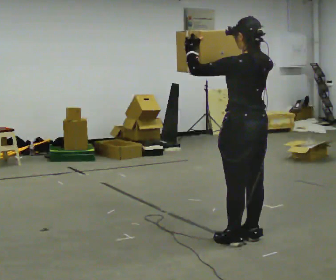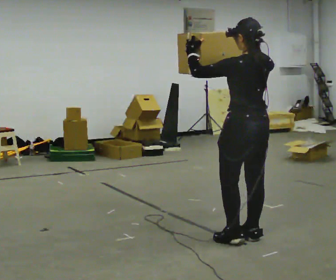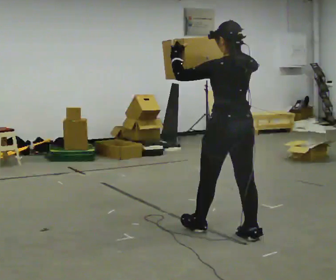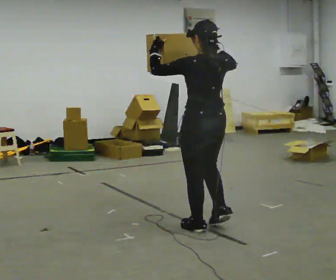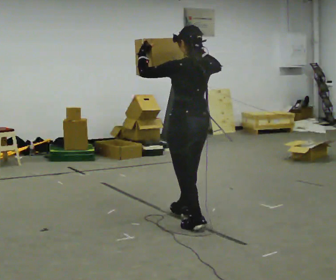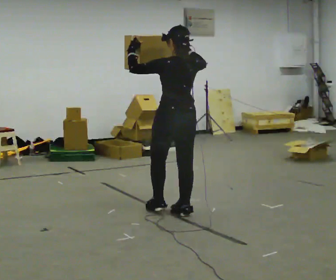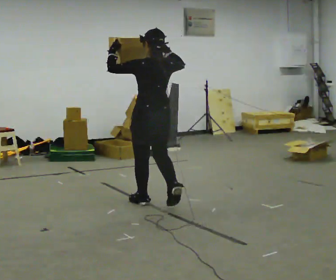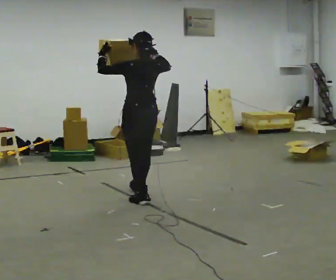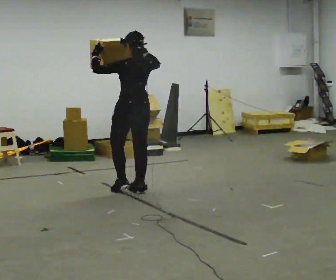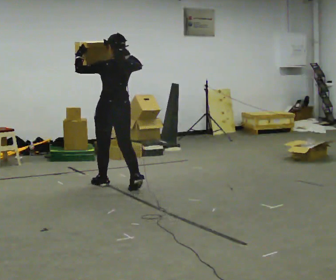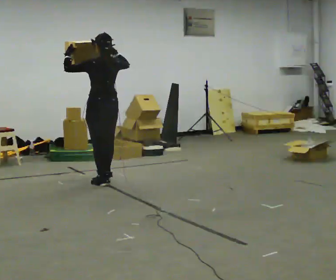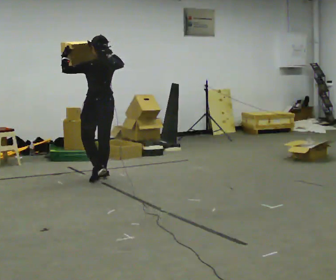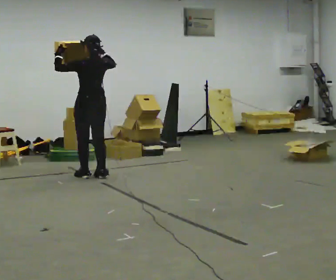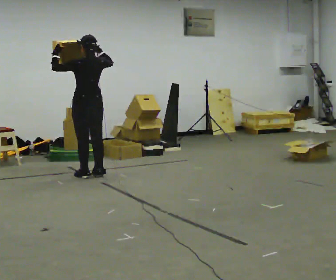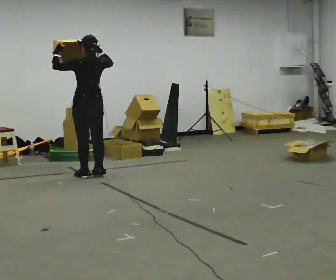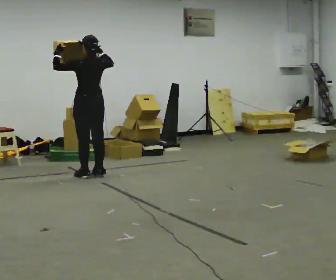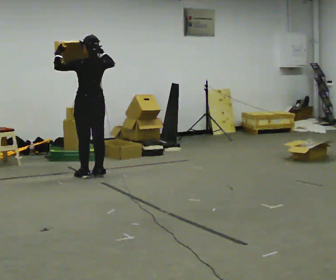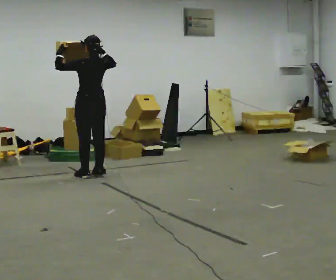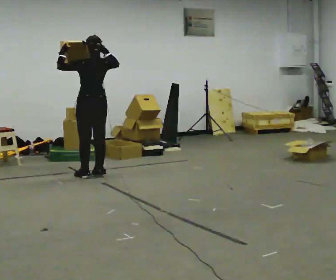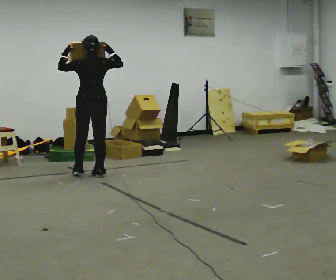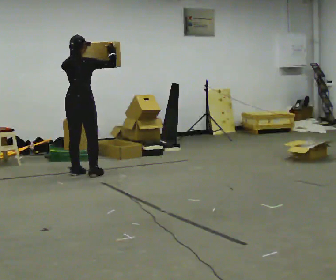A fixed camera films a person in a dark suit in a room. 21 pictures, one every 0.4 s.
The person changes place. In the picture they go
away from the camera.
0.0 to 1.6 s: In the picture they go away from the camera and to the left, about 0.75 m in 2 steps, which for them is forward.
1.6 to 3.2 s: In the picture they go away from the camera and to the left, about 1 m in 2 steps, which for them is forward.
3.2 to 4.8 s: In the picture they go away from the camera and to the left, about 1 m in 3 steps, which for them is forward.
4.8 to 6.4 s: The person moves a little, or ends about where they began.
6.4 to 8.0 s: Seen from above the body turns clockwise, about 60 degrees: to their right, with its near side sliding to the left.
The film runs forward here.
